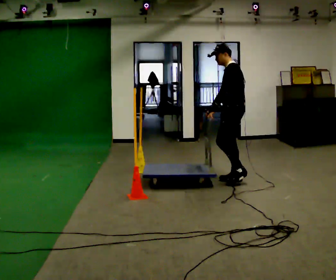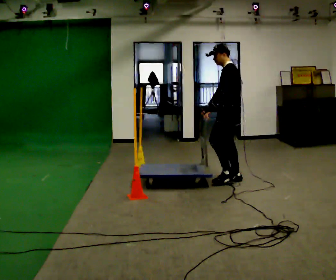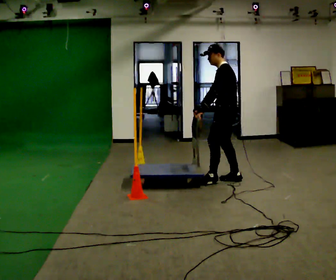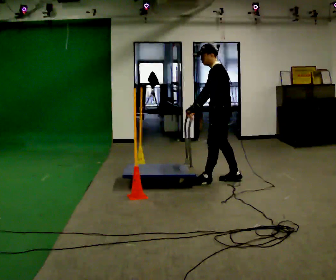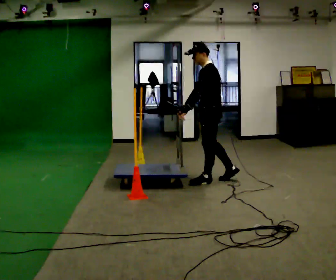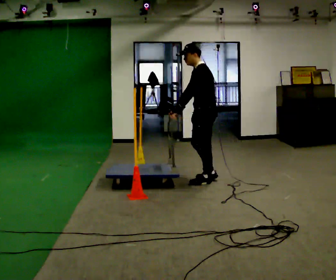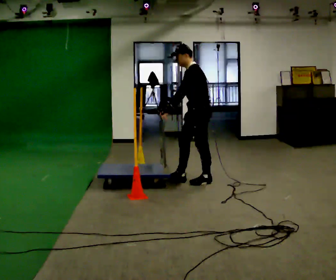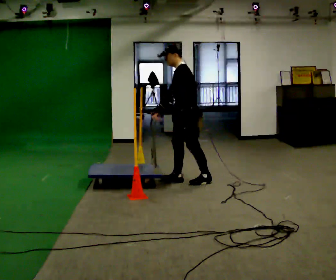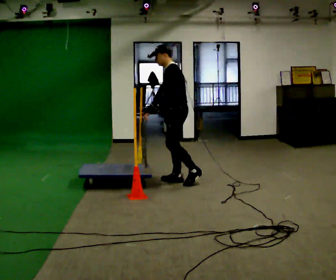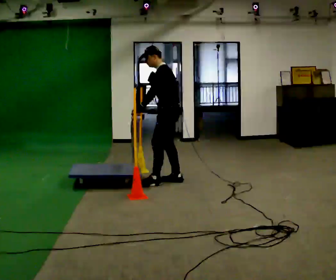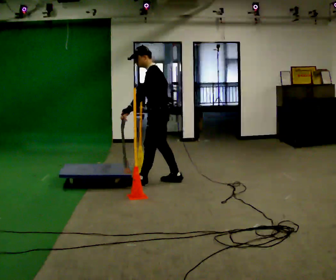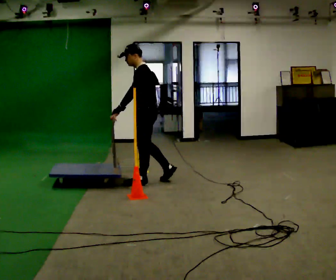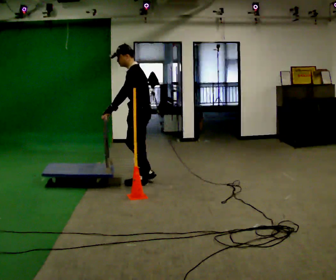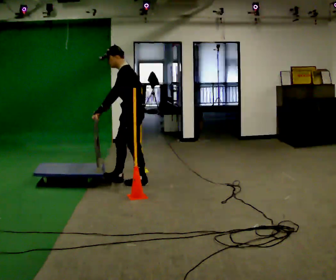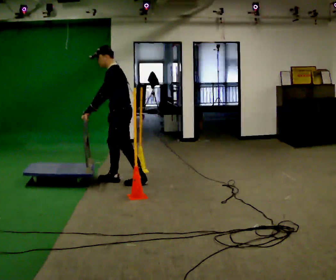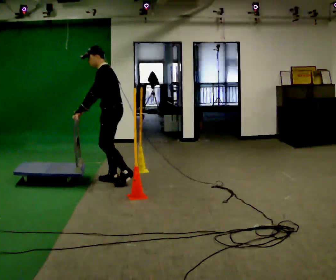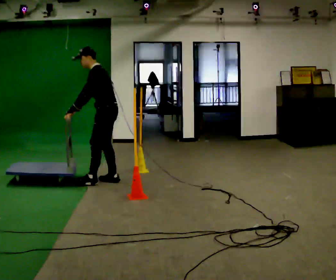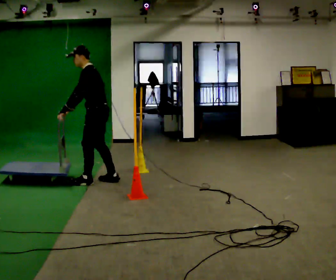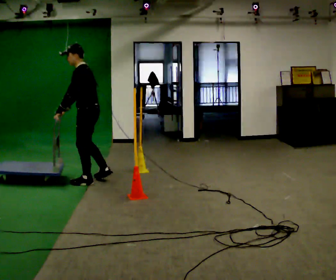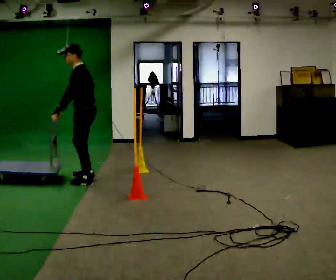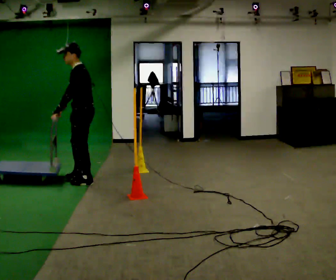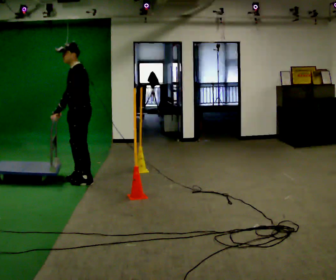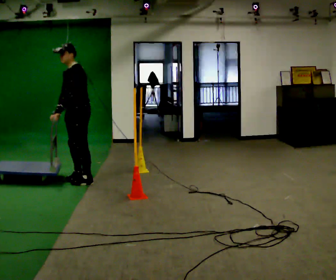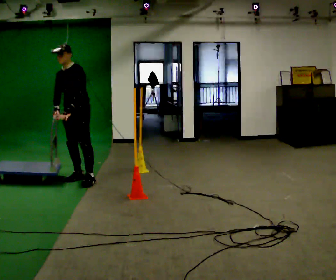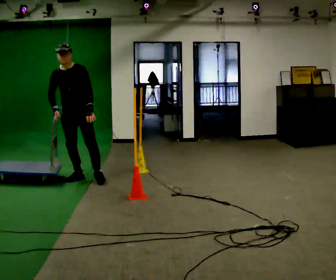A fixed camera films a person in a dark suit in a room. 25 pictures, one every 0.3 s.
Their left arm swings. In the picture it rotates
counterclockwise.
The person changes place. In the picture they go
to the left.
0.0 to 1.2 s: In the picture they go to the left, about 0.25 m in 1 step, which for them is forward.
1.2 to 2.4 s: In the picture they go to the left, about 0.5 m in 1 step, which for them is forward.
2.4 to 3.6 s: In the picture they go to the left, about 0.5 m in 1 step, which for them is forward.
3.6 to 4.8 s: In the picture they go to the left, about 0.5 m in 1 step, which for them is forward.
4.8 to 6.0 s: In the picture they go to the left, about 0.25 m in 2 steps, which for them is forward.
6.0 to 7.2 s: Seen from above the body turns counterclockwise, about 75 degrees: to their left, with its near side sliding to the right. In the picture they go away from the camera, about 0.25 m. In the picture their left hand goes to the right, the arm swinging counterclockwise.
The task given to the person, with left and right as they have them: Push the cart through the gap between the poles without touching them, then bring it back through.
The film runs forward here.
